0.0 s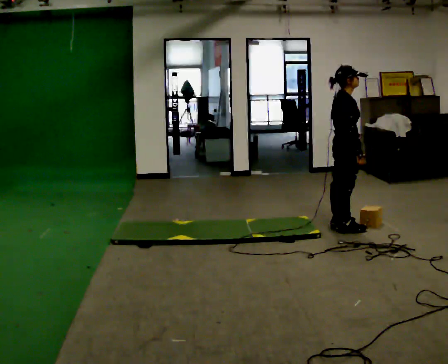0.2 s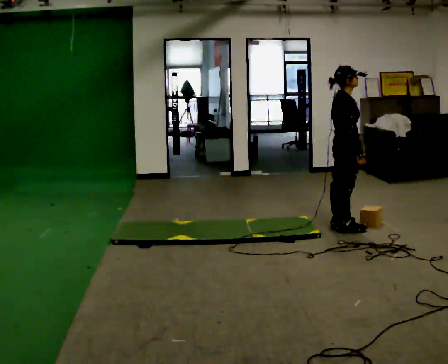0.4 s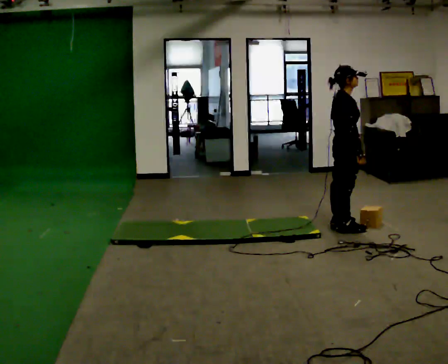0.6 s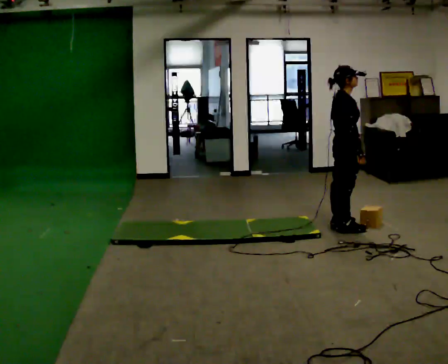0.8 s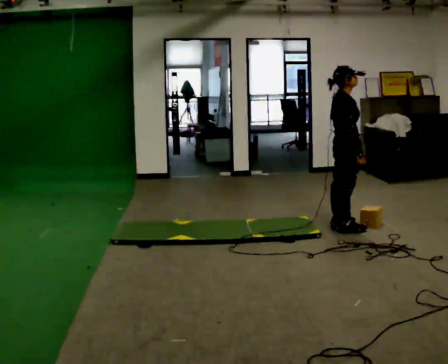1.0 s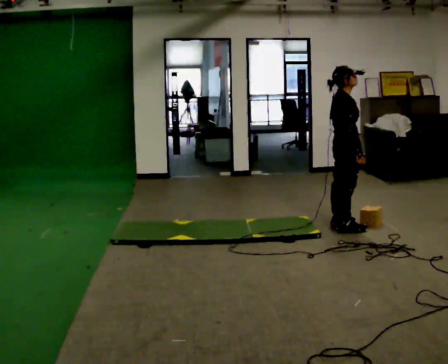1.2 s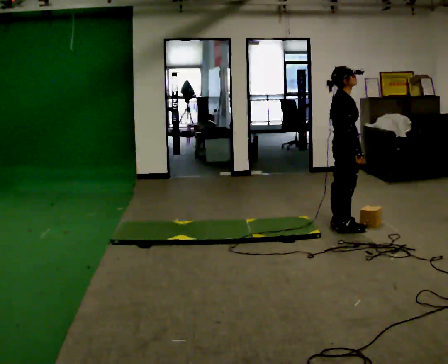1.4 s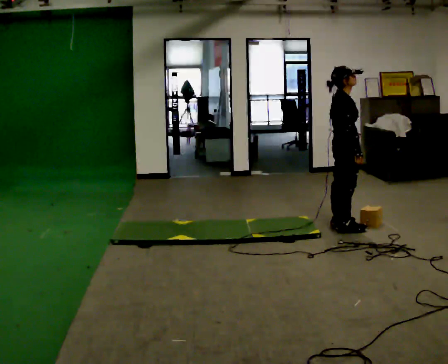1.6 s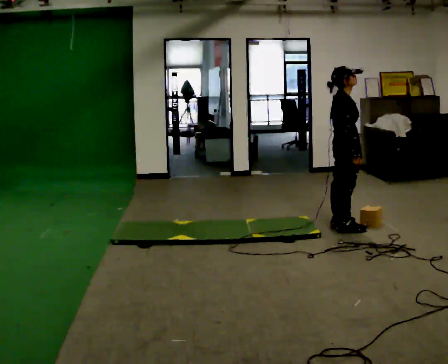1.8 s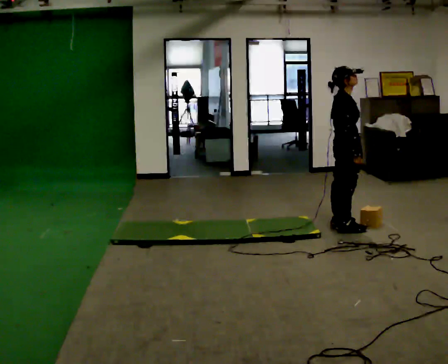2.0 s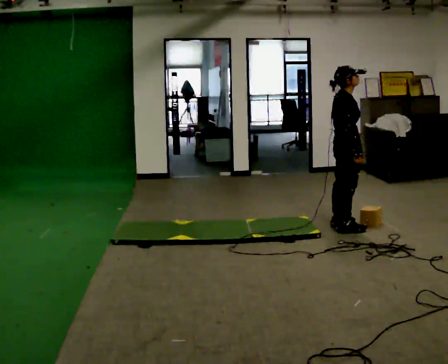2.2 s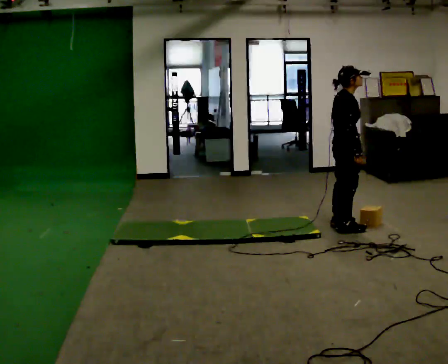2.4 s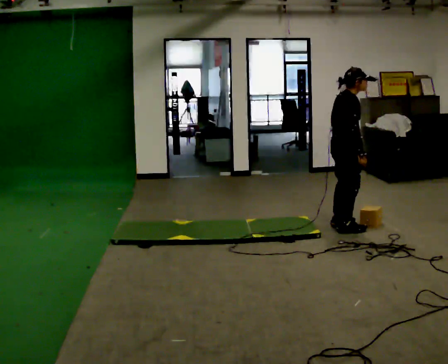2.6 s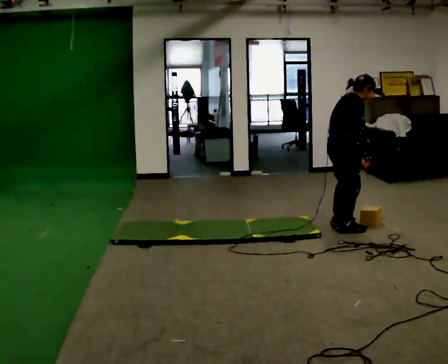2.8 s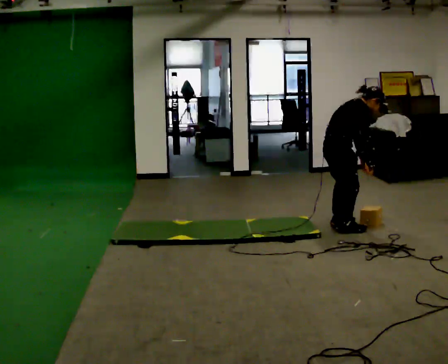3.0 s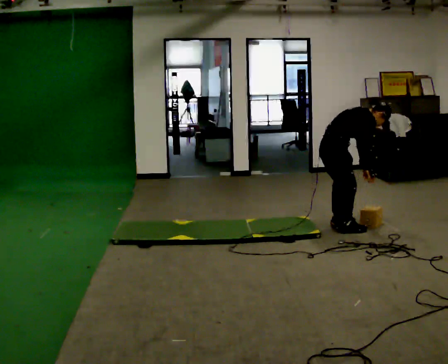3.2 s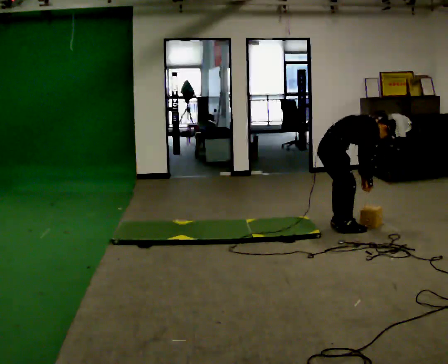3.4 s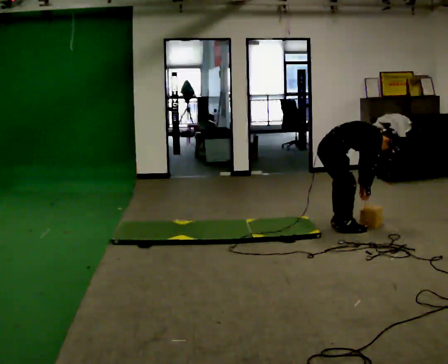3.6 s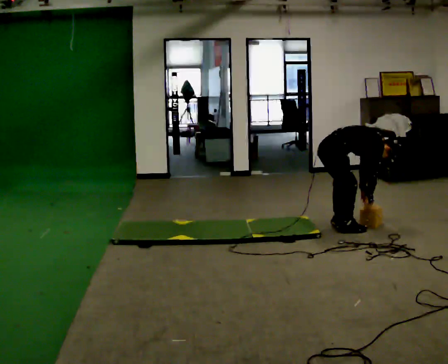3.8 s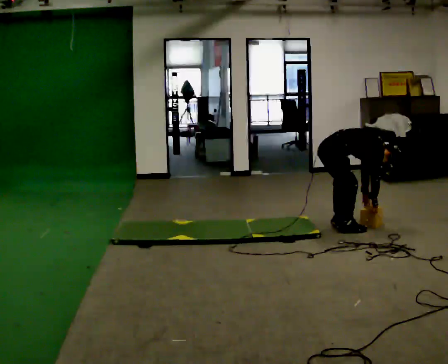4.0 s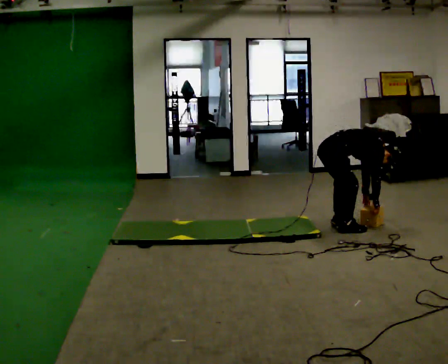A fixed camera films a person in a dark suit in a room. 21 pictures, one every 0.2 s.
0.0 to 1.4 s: The person keeps their place and pose.
1.4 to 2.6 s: In the picture the upper body tilts clockwise, shoulders to the right, as they bend forward.
2.6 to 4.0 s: The upper body goes downward. In the picture the upper body tilts clockwise, shoulders to the right, as they bend forward. In the picture their right hand goes downward.
The film runs backward here.
